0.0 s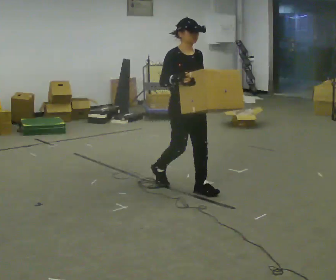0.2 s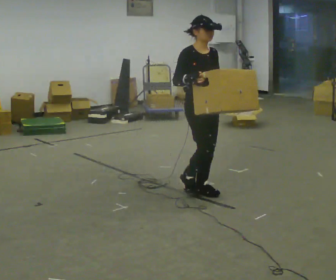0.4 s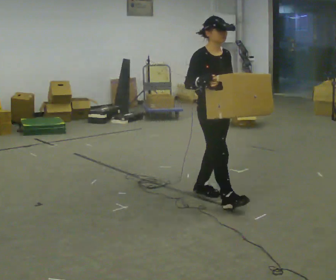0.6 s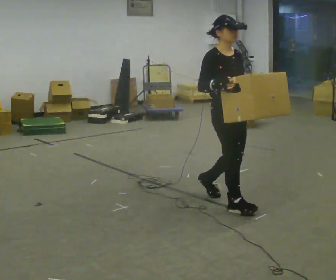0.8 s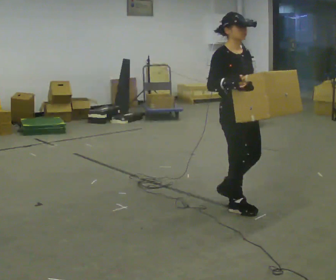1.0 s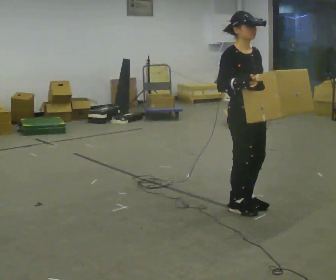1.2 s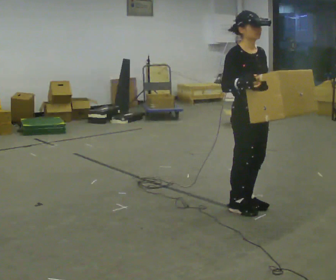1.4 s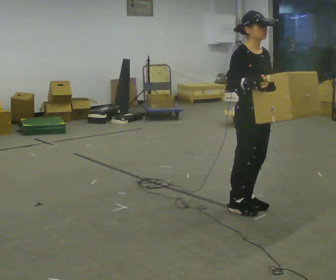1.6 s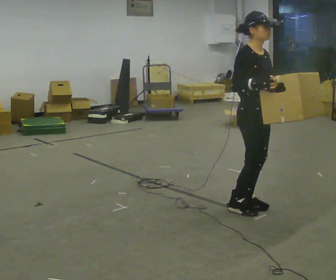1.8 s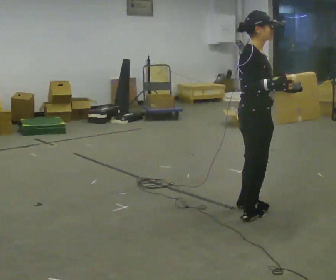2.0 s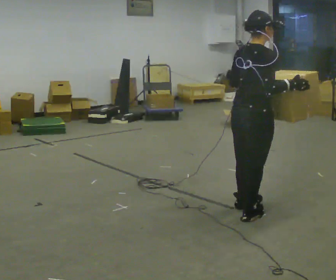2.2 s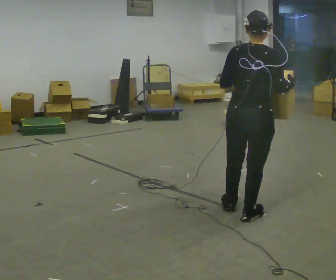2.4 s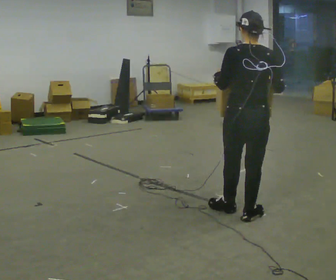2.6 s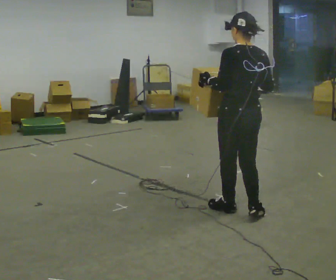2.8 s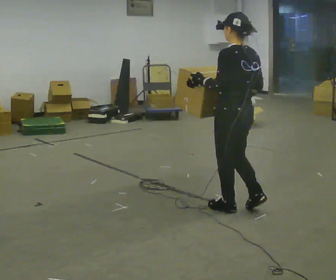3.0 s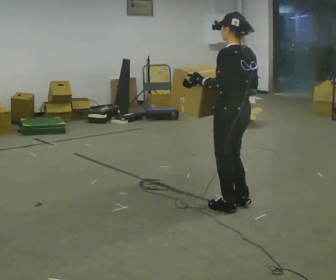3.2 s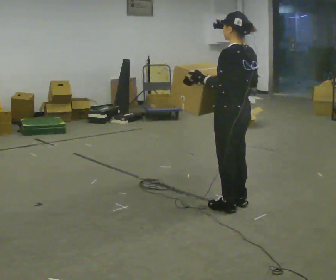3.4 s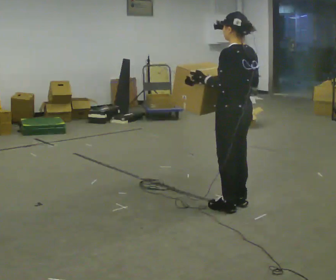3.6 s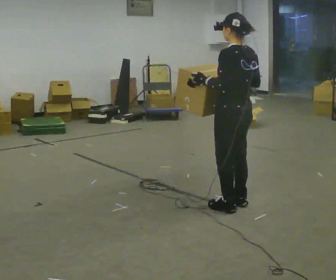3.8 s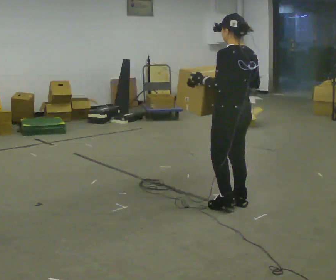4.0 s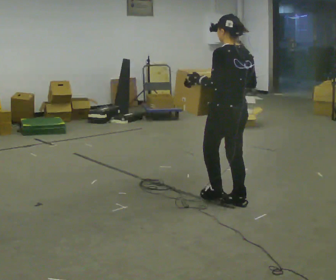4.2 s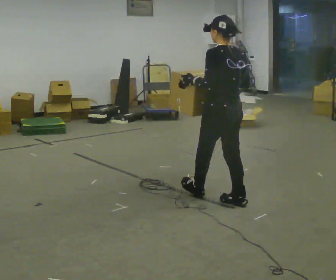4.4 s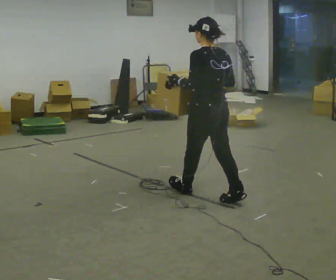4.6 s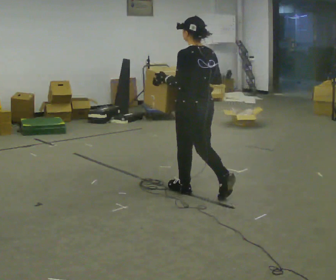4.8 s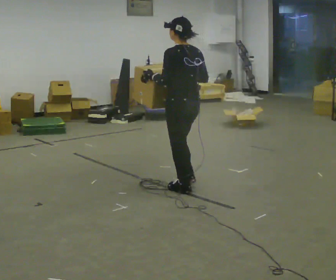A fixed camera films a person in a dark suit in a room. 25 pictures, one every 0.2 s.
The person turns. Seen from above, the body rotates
counterclockwise.
The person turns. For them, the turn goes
to their left.
0.0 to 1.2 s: In the picture they go toward the camera and to the right, about 0.75 m in 2 steps, which for them is forward.
1.2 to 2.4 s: Seen from above the body turns counterclockwise, about 135 degrees: to their left, with its near side sliding to the right. In the picture their right hand goes to the right.
2.4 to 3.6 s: The person turns about 45 degrees to their left, counterclockwise seen from above, so the part of the body nearest the lens slides to the right. In the picture they go away from the camera, about 0.25 m in 1 step, which for them is forward and to their right.
3.6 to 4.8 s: In the picture they go away from the camera and to the left, about 0.5 m in 1 step, which for them is forward.
The film runs forward here.
